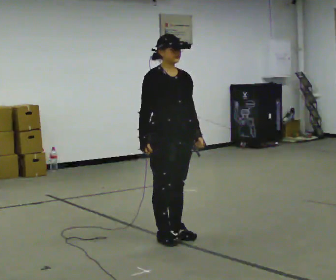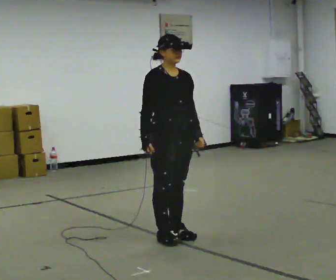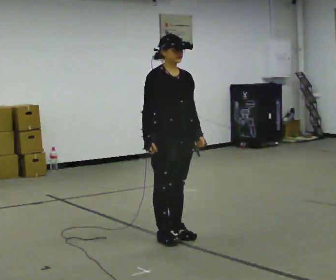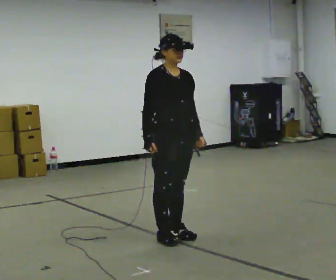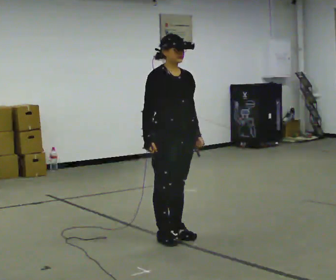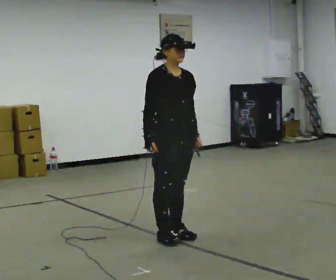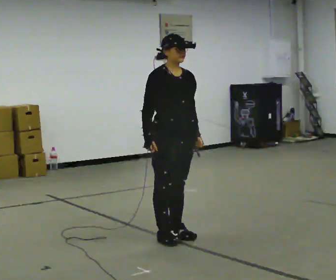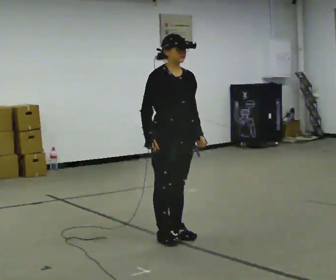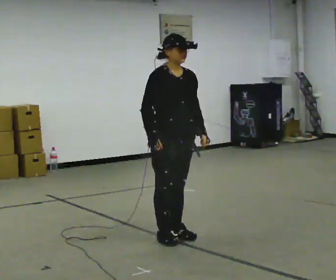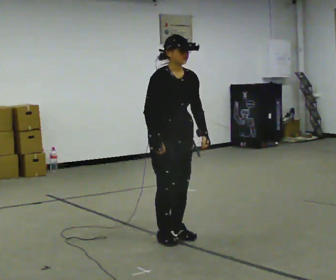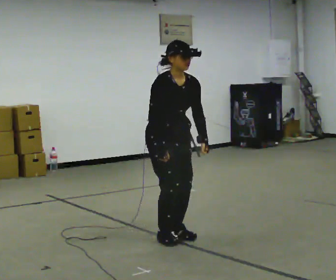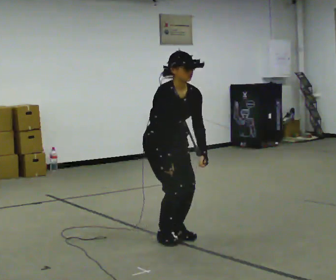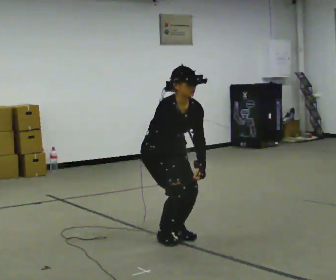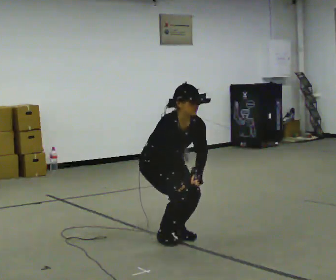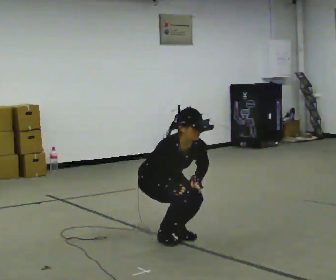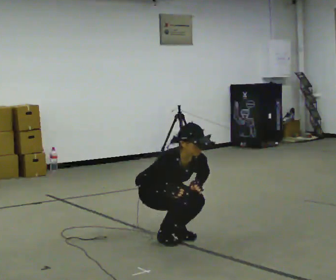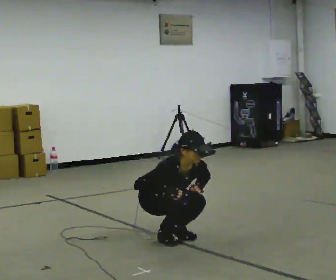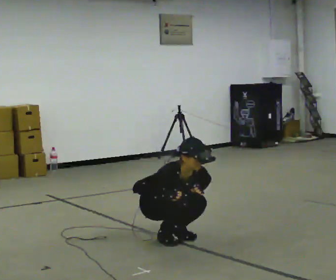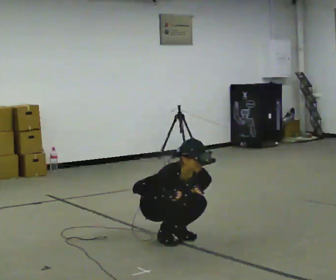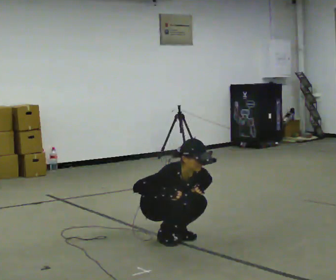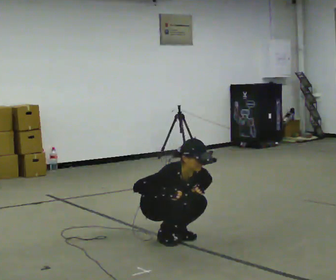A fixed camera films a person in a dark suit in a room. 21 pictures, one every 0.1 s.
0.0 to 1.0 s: The person moves a little, or ends about where they began.
1.0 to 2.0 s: The upper body goes downward. The upper body tips toward the camera, its near side rolling downward, as they bend forward. In the picture their left hand goes downward.
The film runs backward here.
